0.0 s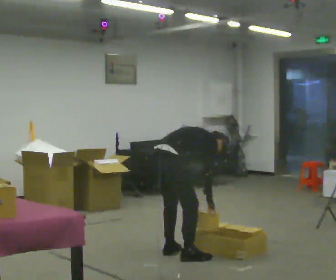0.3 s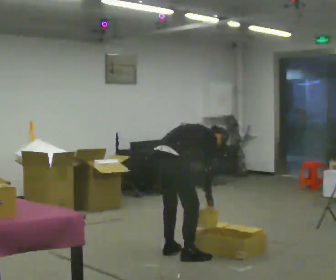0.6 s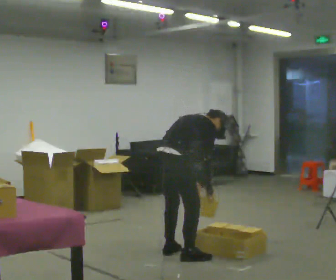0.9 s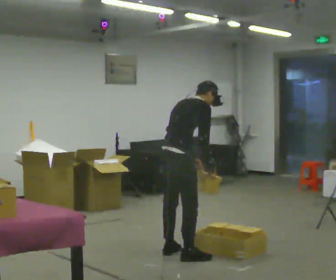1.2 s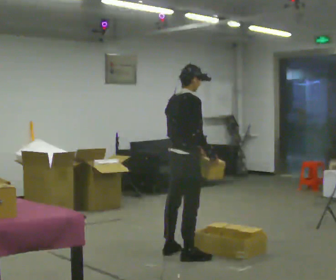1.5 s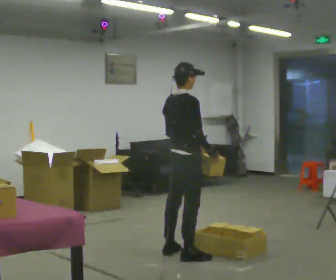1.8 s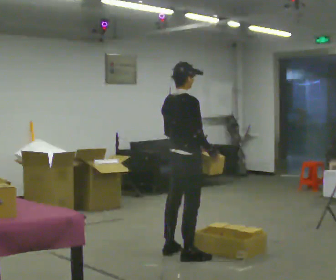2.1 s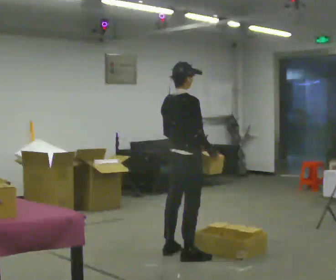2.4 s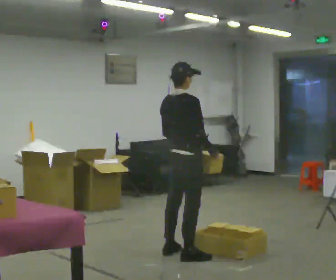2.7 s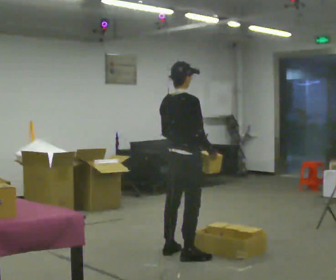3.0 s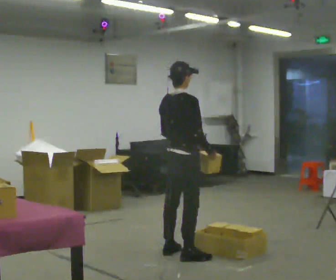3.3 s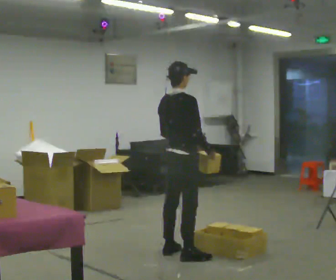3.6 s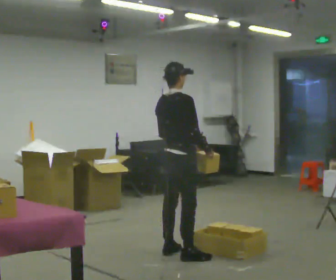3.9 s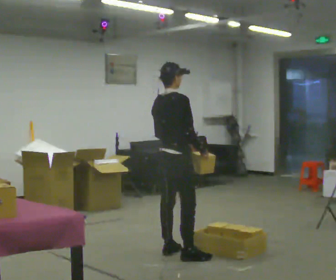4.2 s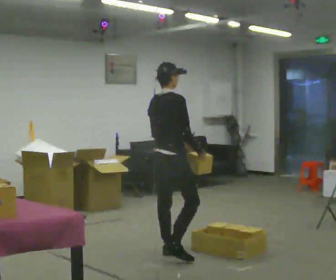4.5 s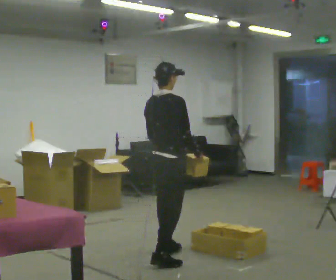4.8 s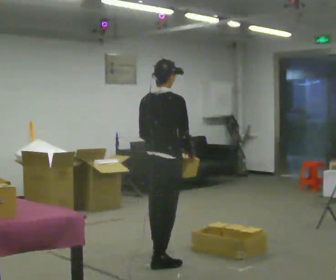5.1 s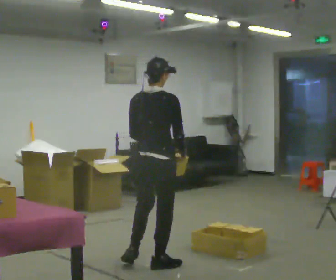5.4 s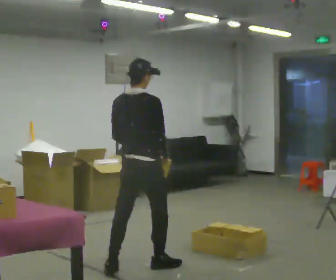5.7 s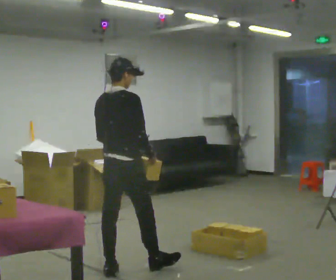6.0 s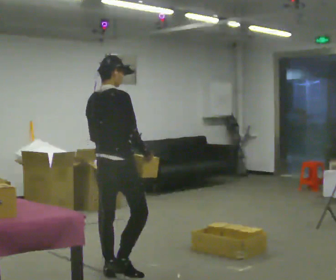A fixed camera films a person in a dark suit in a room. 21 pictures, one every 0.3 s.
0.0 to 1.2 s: The upper body goes upward. In the picture the upper body tilts counterclockwise, shoulders to the left, as they lean back or straighten. In the picture their left hand goes upward.
1.2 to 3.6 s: The person moves a little, or ends about where they began.
3.6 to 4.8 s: In the picture they go toward the camera and to the left, about 0.25 m in 2 steps, which for them is backward and to their right.
4.8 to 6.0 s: In the picture they go to the left and toward the camera, about 0.5 m in 1 step, which for them is backward and to their left.
The film runs backward here.
